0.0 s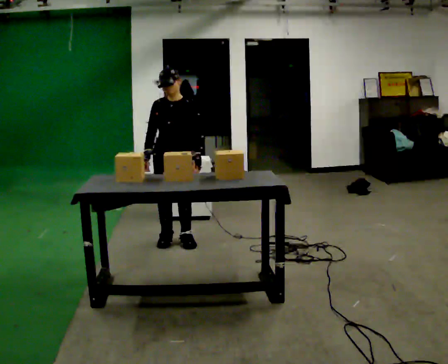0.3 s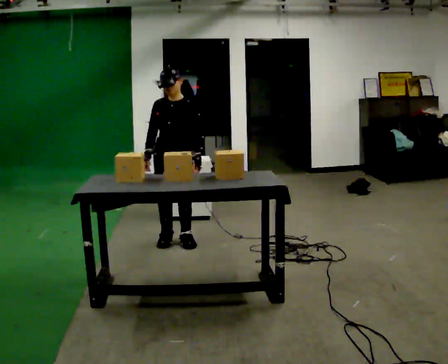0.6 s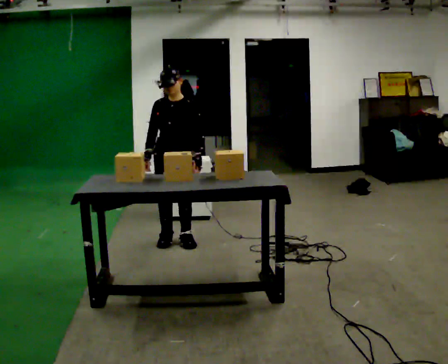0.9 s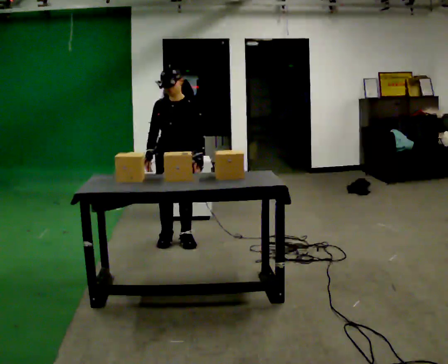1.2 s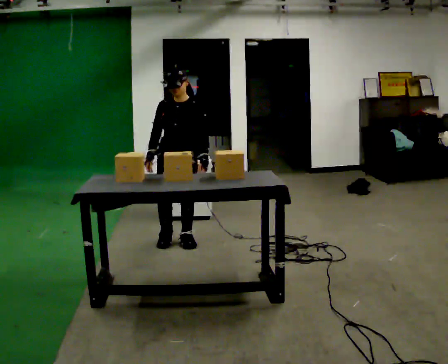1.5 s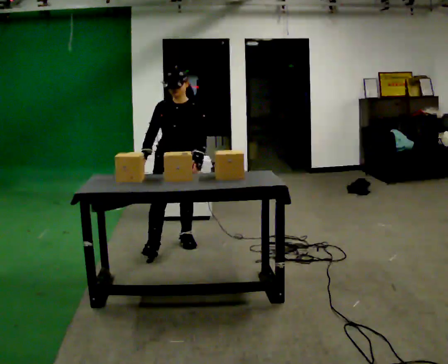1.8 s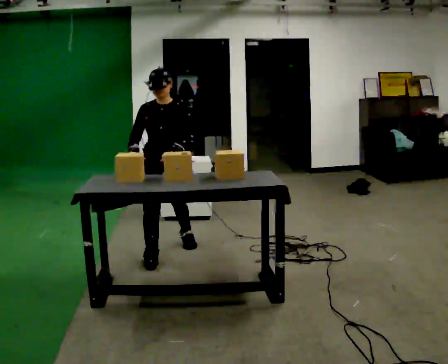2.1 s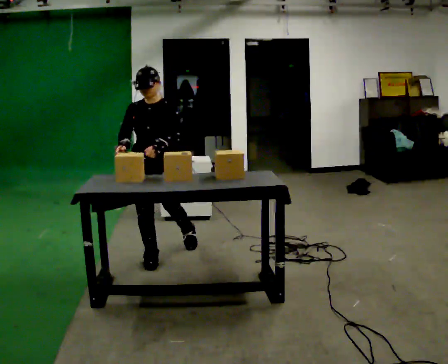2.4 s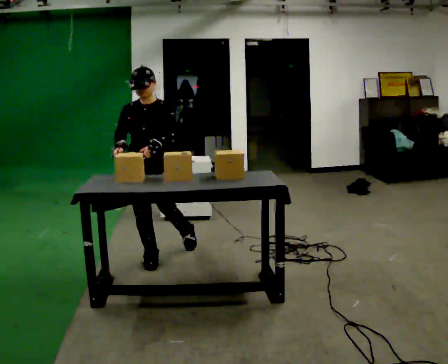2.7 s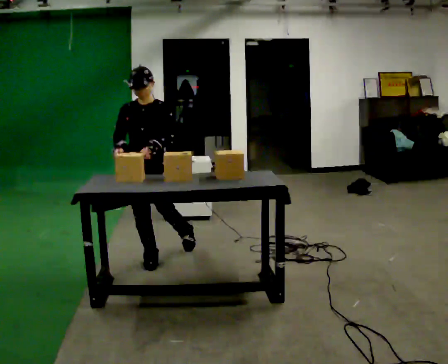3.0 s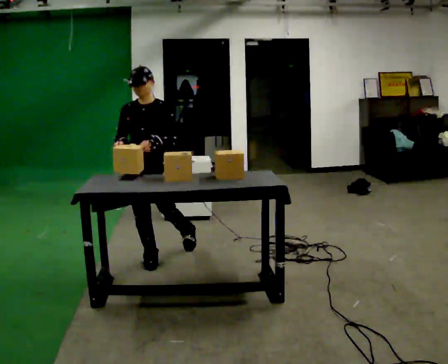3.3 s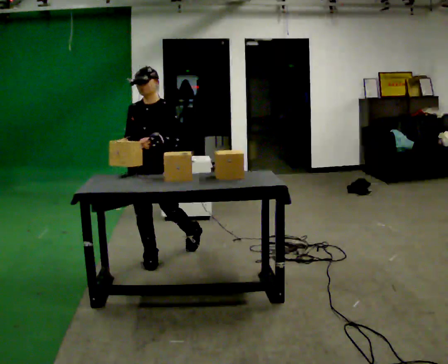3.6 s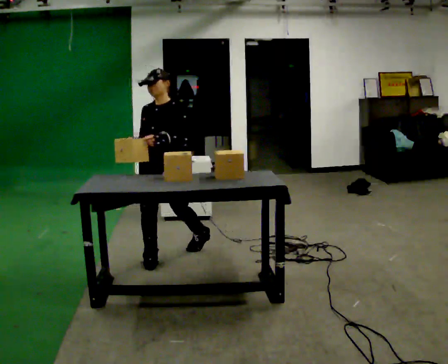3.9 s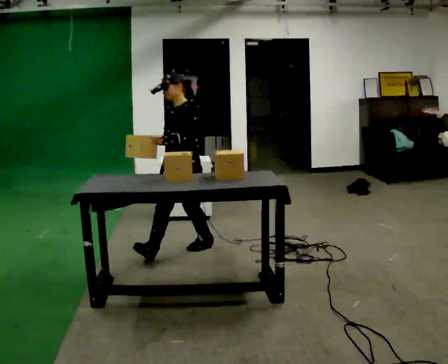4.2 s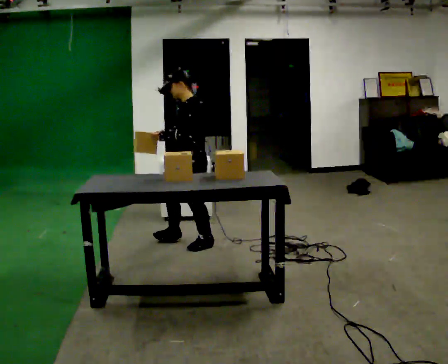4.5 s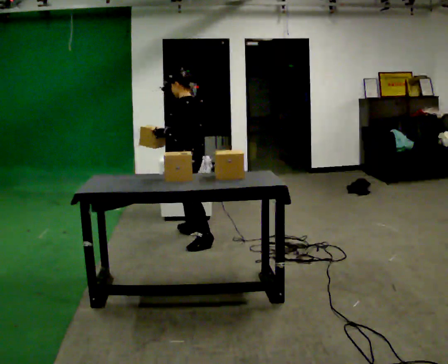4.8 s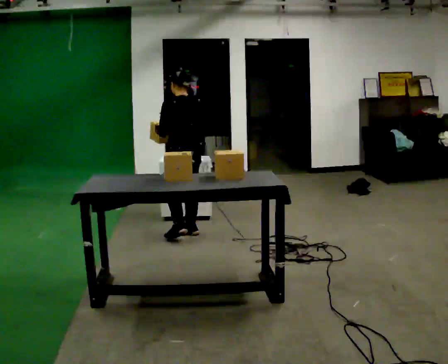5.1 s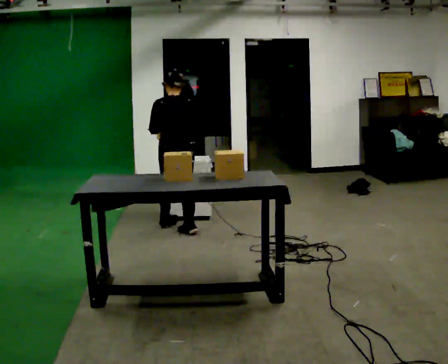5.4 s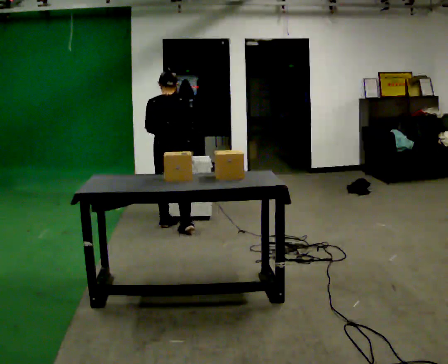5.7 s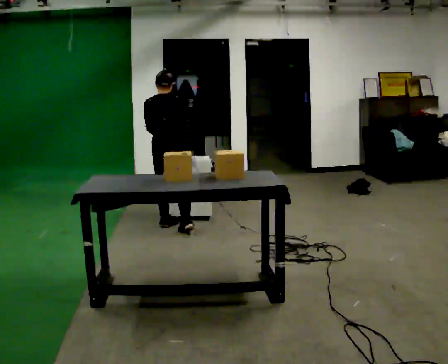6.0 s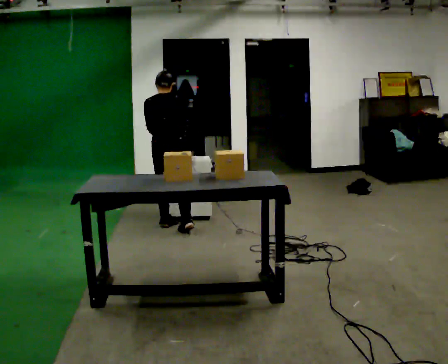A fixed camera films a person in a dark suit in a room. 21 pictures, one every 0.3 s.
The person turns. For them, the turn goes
to their right.
The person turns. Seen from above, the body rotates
clockwise.
0.0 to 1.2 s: The person moves a little, or ends about where they began.
1.2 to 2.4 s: In the picture they go toward the camera and to the left, about 0.5 m in 2 steps, which for them is forward and to their right.
2.4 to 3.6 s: The person moves a little, or ends about where they began.
3.6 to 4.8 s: Seen from above the body turns clockwise, about 120 degrees: to their right, with its near side sliding to the left. In the picture they go away from the camera and to the right, about 0.75 m in 2 steps.
4.8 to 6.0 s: The part of the body nearest the lens slides to the left as the person turns to their right by about 30 degrees. In the picture they go away from the camera, about 0.25 m in 1 step, which for them is forward and to their left.
The film runs forward here.
